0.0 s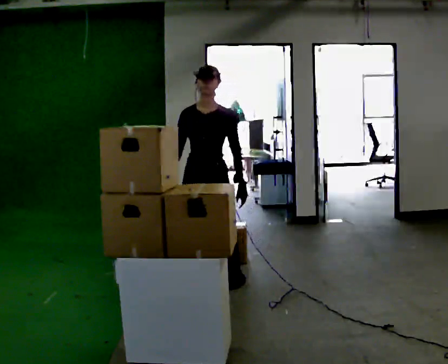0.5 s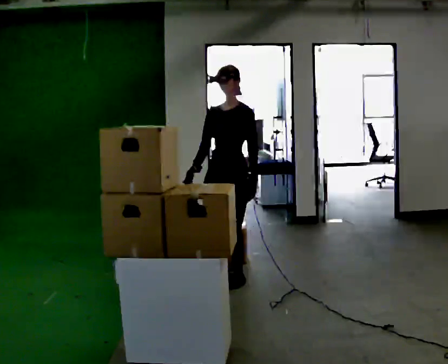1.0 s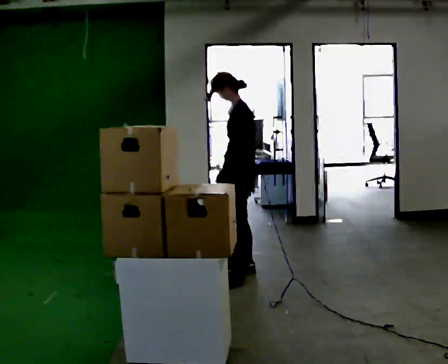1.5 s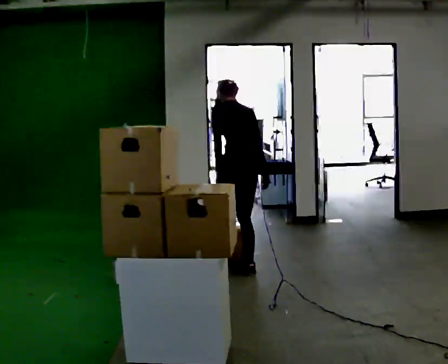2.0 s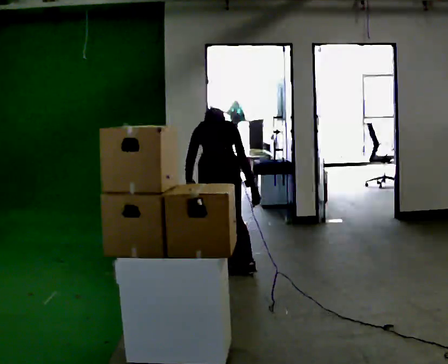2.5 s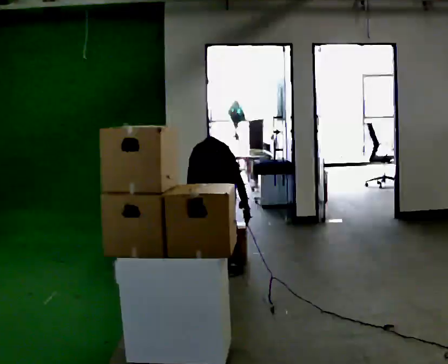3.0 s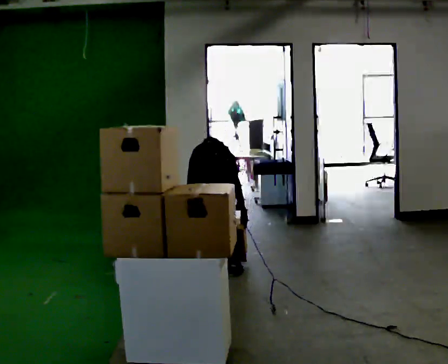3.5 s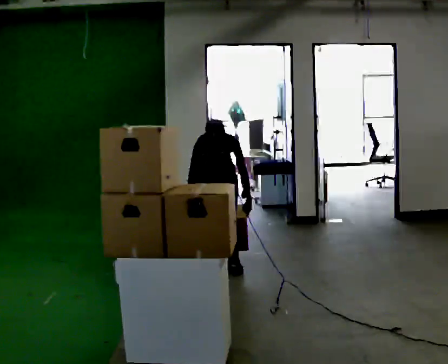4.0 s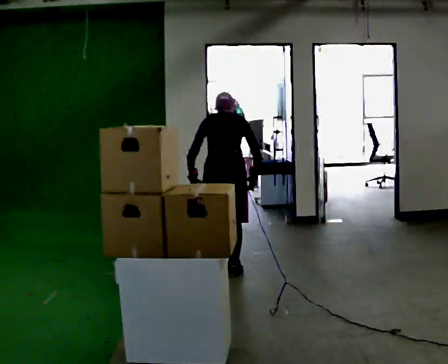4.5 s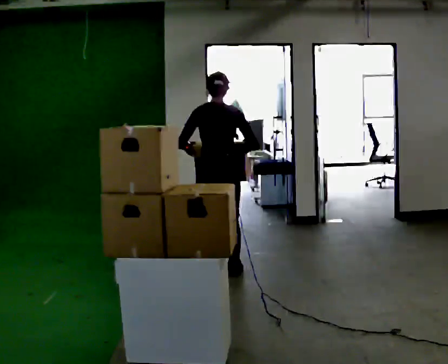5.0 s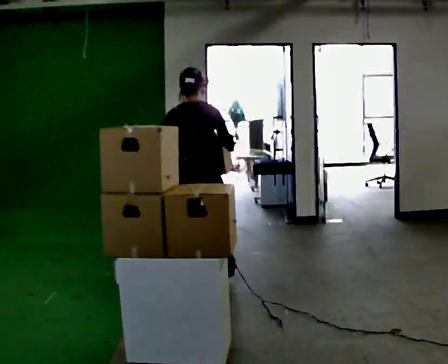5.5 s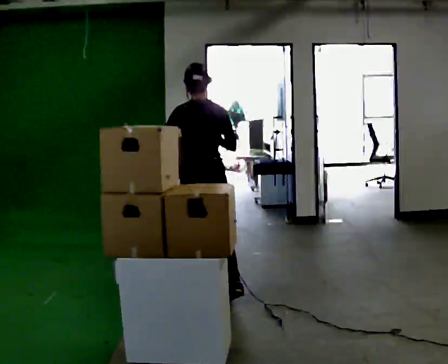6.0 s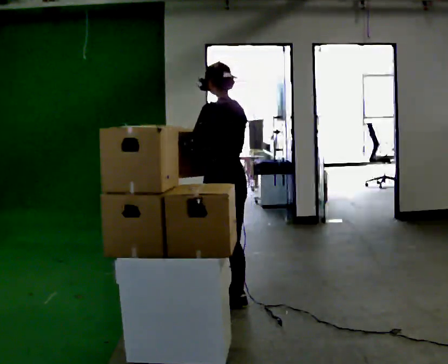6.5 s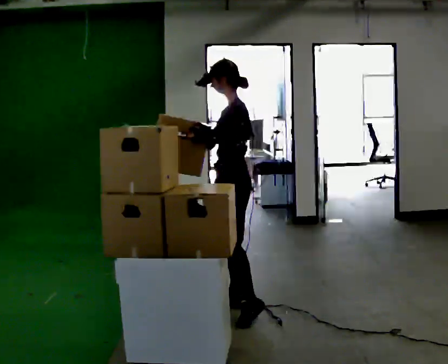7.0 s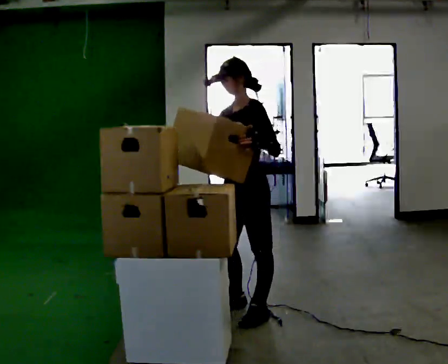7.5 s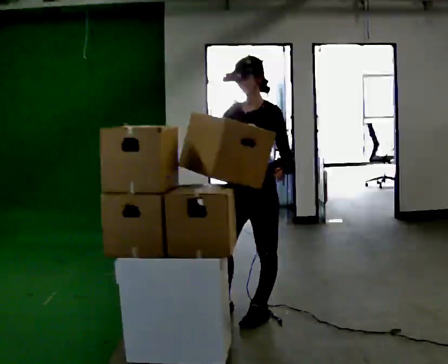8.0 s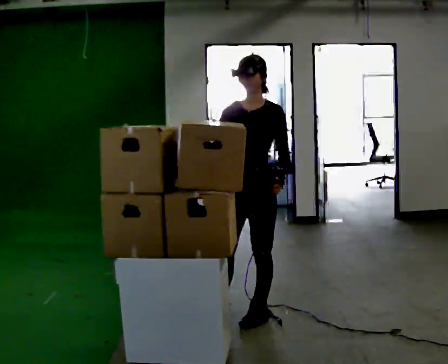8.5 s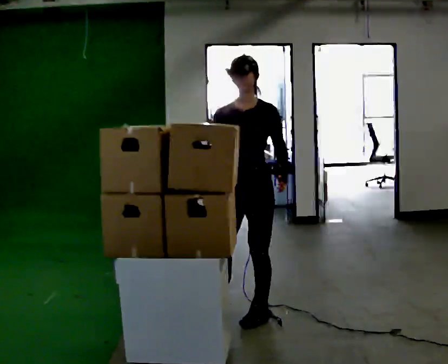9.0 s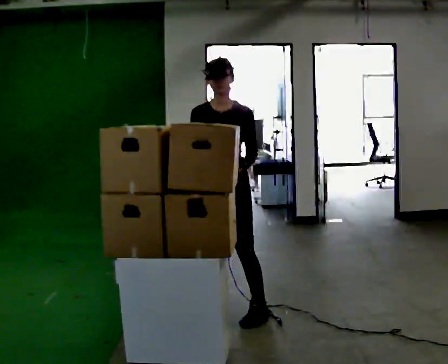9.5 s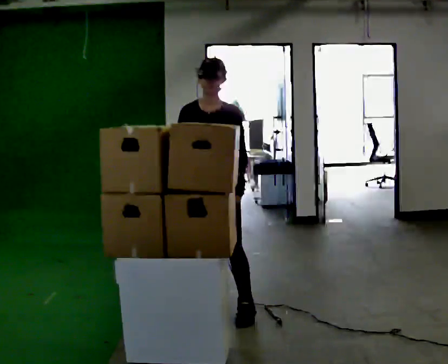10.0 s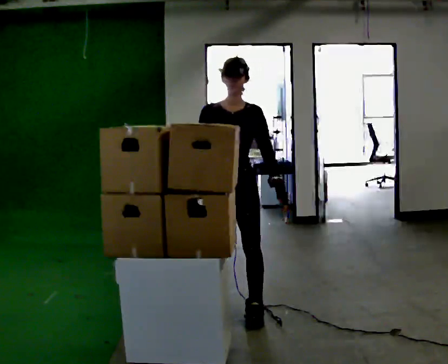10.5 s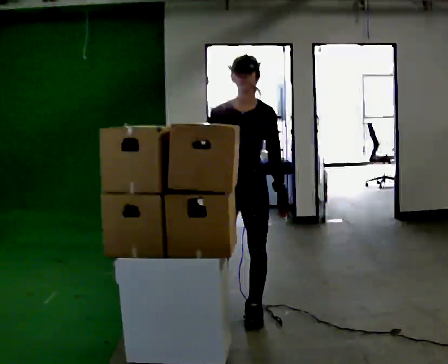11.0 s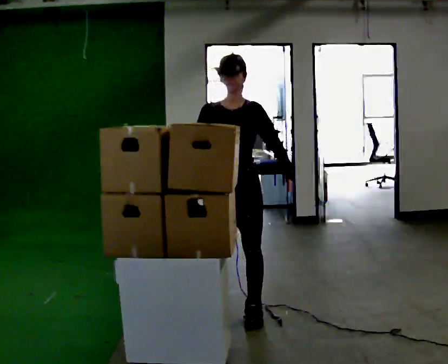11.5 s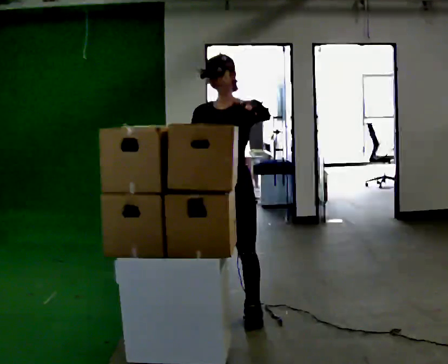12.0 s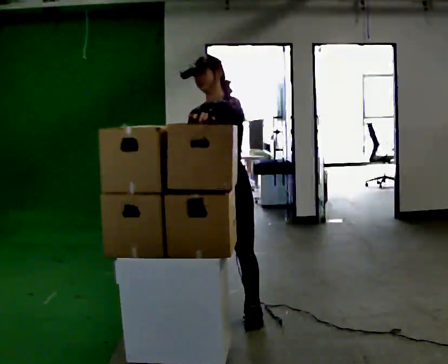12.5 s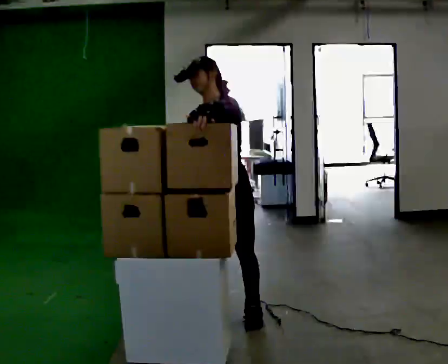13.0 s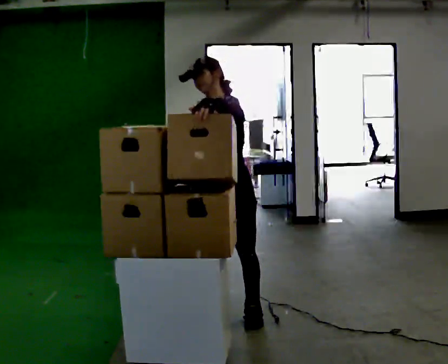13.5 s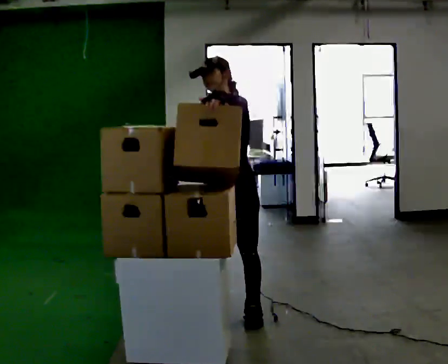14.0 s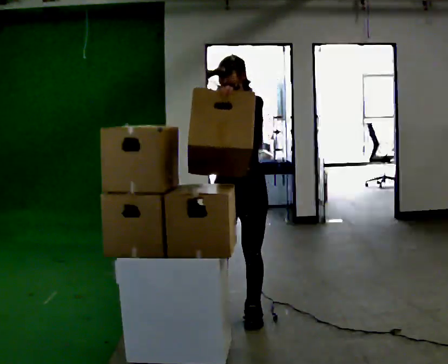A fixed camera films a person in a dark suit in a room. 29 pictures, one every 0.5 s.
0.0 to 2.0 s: The part of the body nearest the lens slides to the left as the person turns to their right by about 165 degrees. In the picture they go away from the camera, about 0.5 m in 2 steps. The upper body tips away from the camera, its near side rolling upward, as they bend forward.
2.0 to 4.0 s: The person moves a little, or ends about where they began.
4.0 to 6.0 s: Seen from above the body turns counterclockwise, about 45 degrees: to their left, with its near side sliding to the right. In the picture they go toward the camera, about 0.75 m in 2 steps, which for them is backward. The upper body tips toward the camera, its near side rolling downward, as they lean back or straighten. In the picture their left hand goes upward.
6.0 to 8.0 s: The part of the body nearest the lens slides to the right as the person turns to their left by about 105 degrees. In the picture they go toward the camera and to the right, about 0.5 m in 1 step.
8.0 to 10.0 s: Seen from above the body turns counterclockwise, about 30 degrees: to their left, with its near side sliding to the right. In the picture their right hand goes downward.
10.0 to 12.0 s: In the picture they go toward the camera, about 0.25 m in 1 step, which for them is forward. In the picture their left hand goes upward and to the left.
12.0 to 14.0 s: The person moves a little, or ends about where they began.
The film runs backward here.
